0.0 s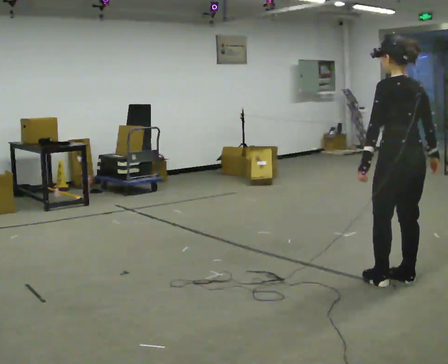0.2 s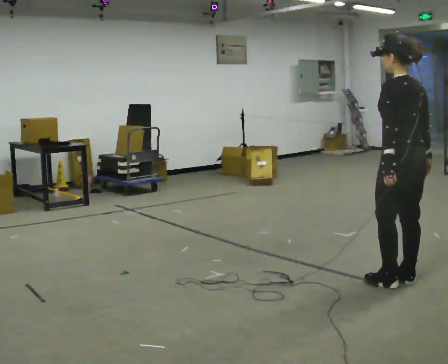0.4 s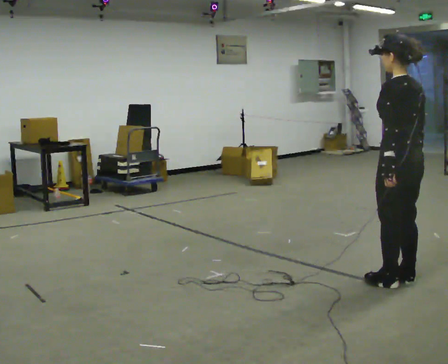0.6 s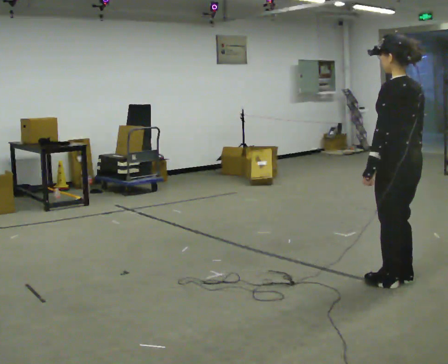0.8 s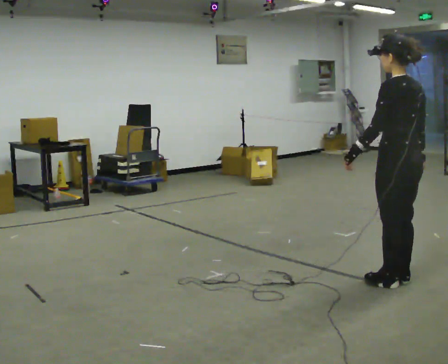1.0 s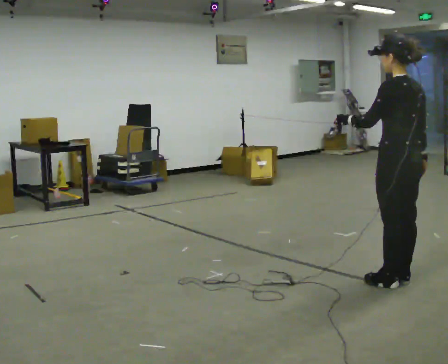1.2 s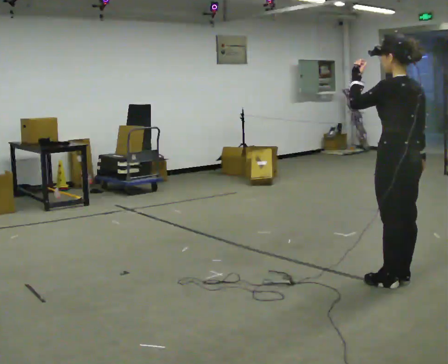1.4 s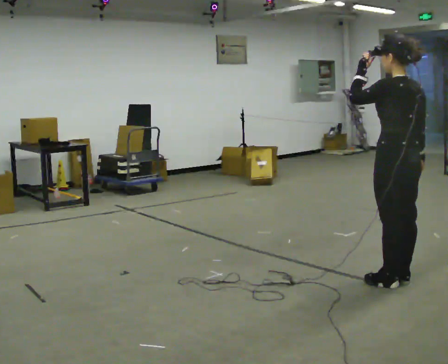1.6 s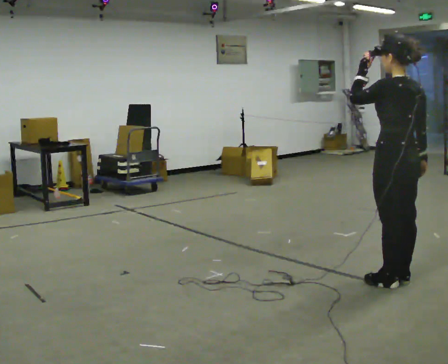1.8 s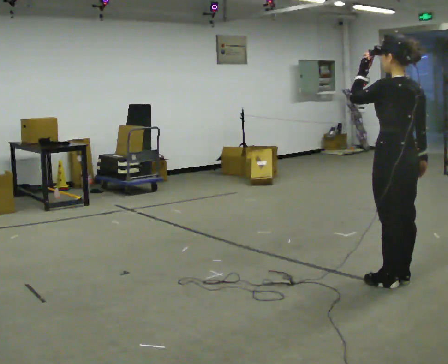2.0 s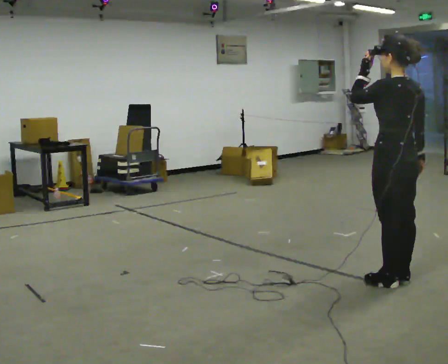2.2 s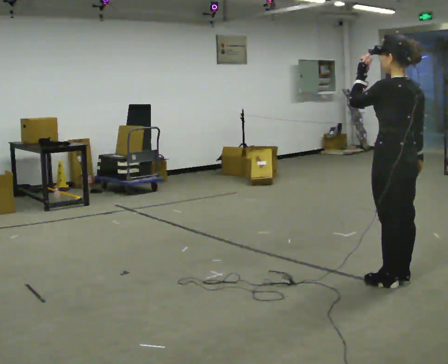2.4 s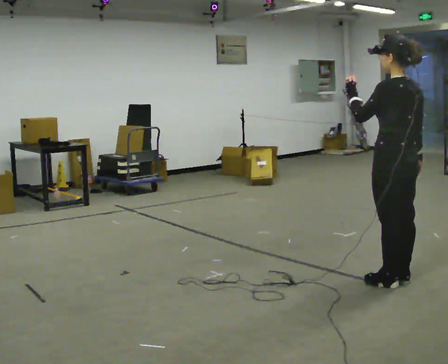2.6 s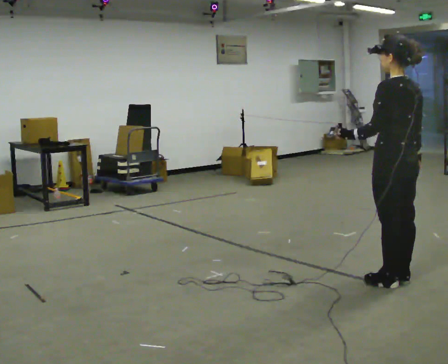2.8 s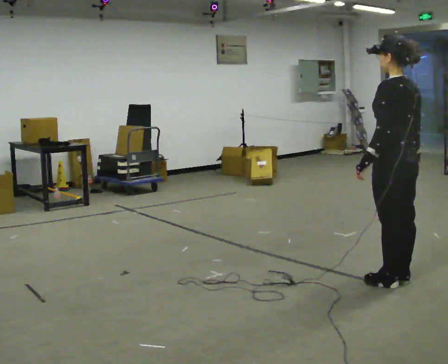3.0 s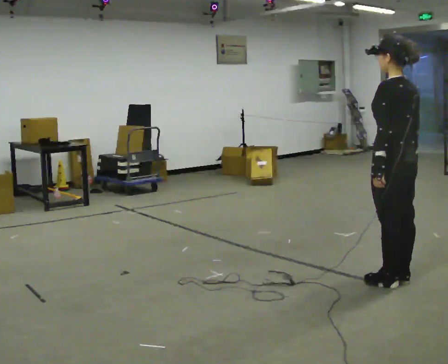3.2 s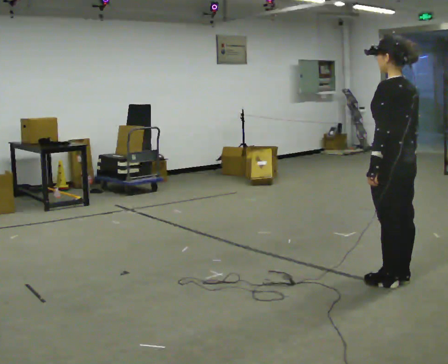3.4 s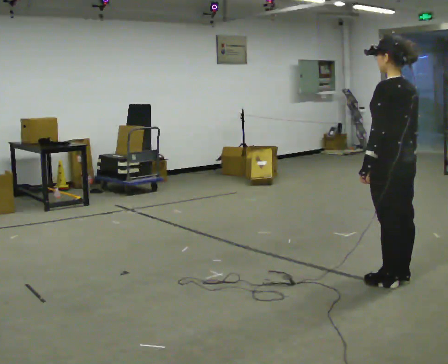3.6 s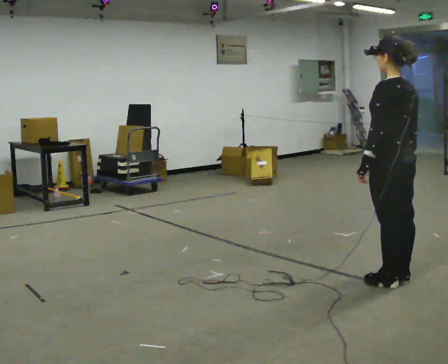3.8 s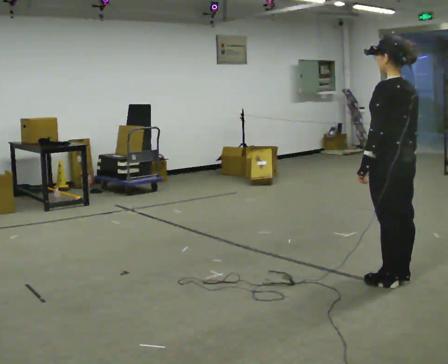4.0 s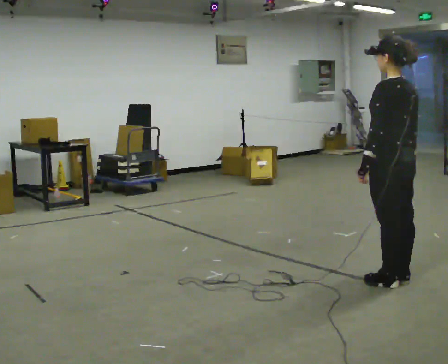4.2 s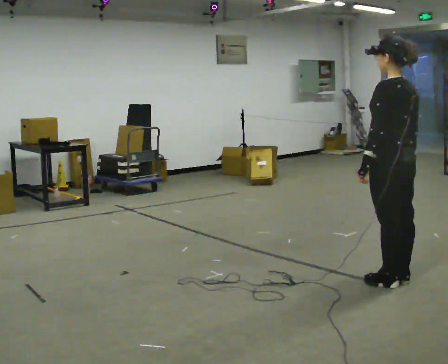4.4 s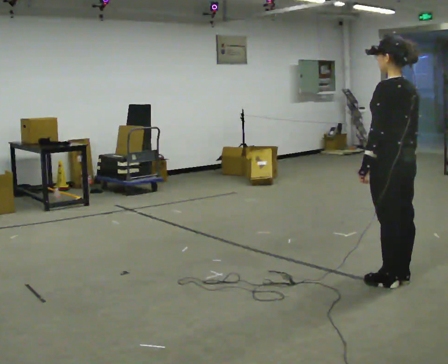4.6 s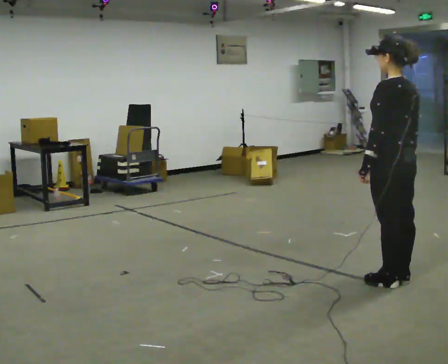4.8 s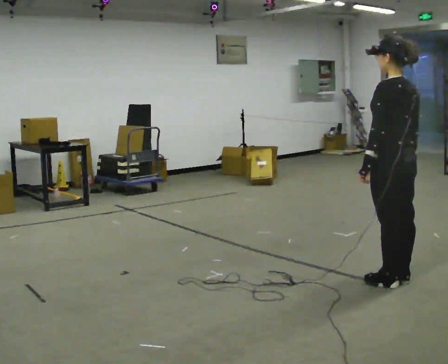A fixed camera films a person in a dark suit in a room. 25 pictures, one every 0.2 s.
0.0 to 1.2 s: In the picture their left hand goes upward.
1.2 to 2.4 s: The person moves a little, or ends about where they began.
2.4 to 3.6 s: In the picture their left hand goes downward, the arm swinging counterclockwise.
3.6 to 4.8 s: The person keeps their place and pose.
The film runs forward here.
